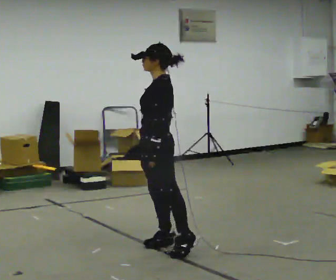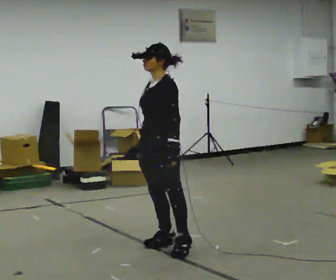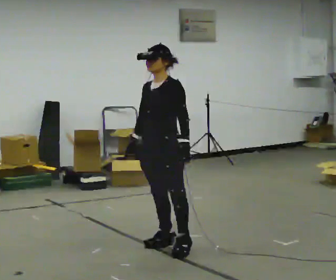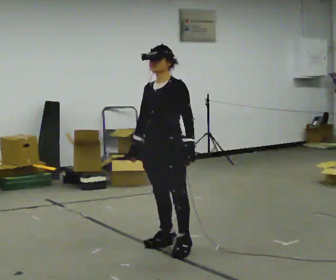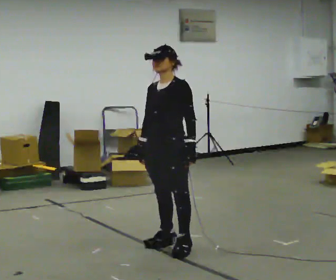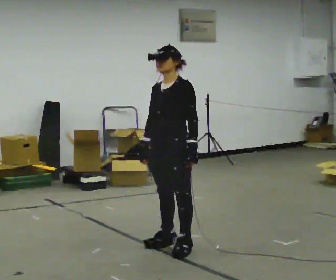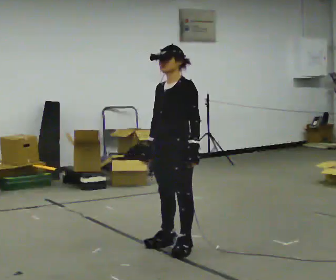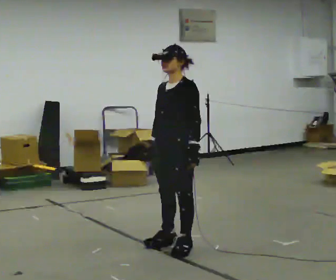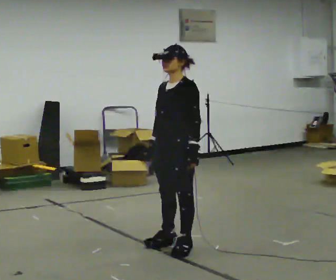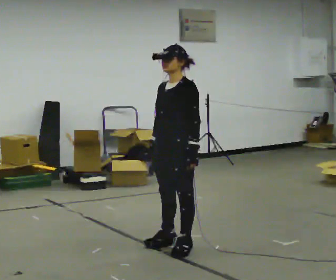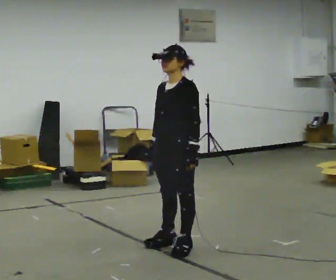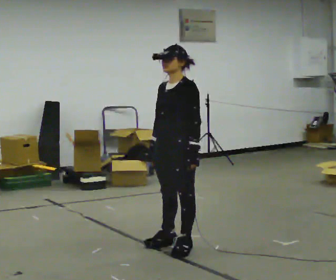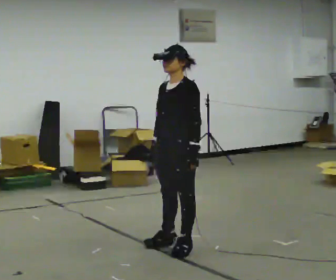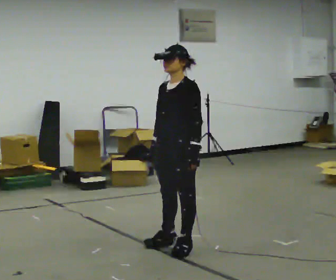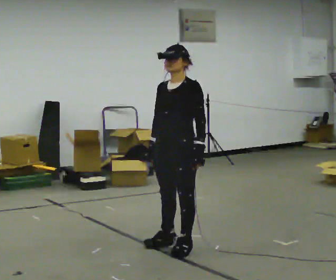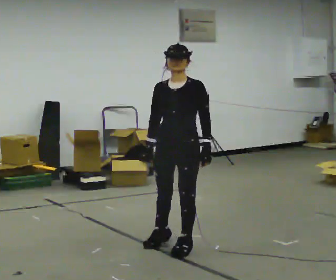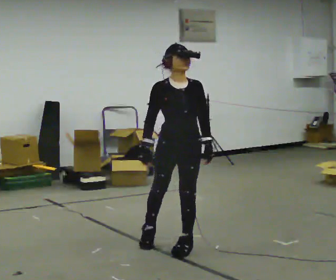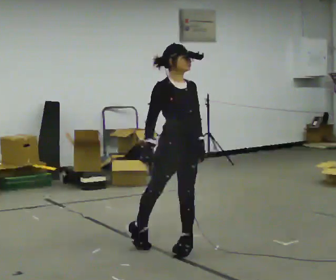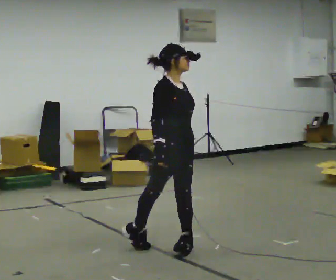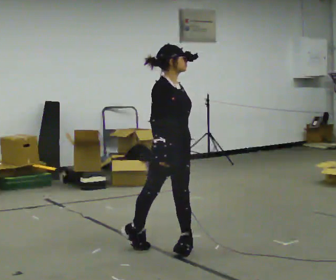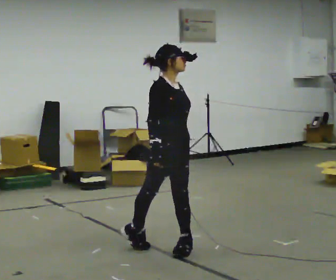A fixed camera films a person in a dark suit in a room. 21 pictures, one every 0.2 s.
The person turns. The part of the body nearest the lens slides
to the right.
The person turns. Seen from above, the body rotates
counterclockwise.
0.0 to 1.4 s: The part of the body nearest the lens slides to the right as the person turns to their left by about 45 degrees.
1.4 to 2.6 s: The person moves a little, or ends about where they began.
2.6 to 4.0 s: The part of the body nearest the lens slides to the right as the person turns to their left by about 105 degrees.
The film runs forward here.
